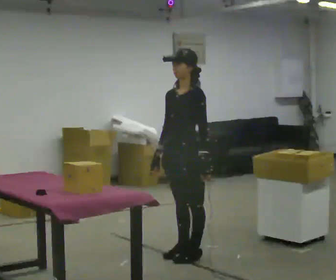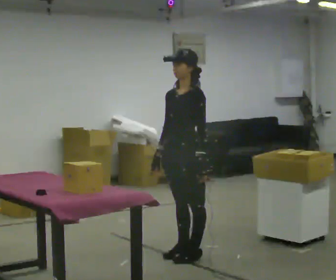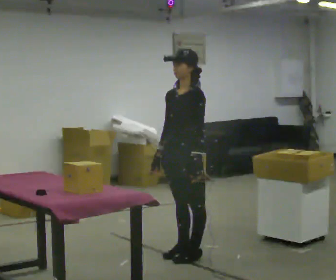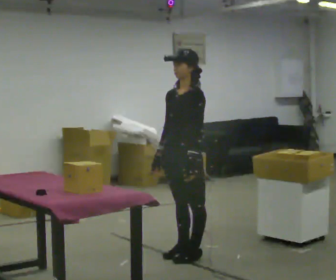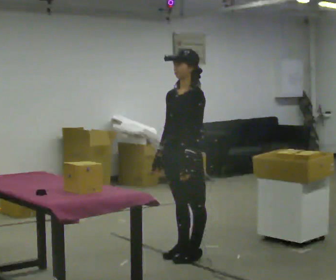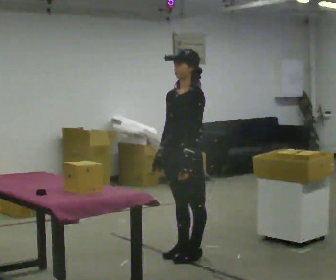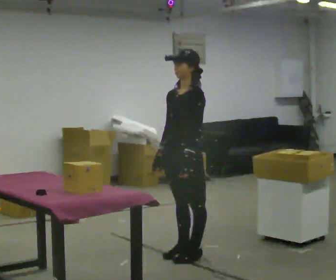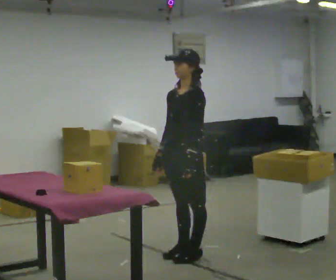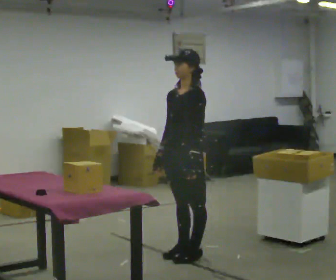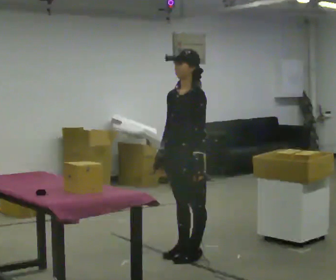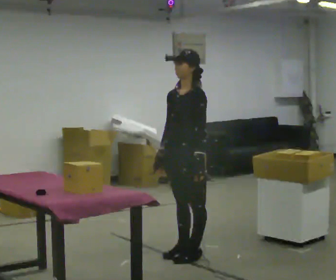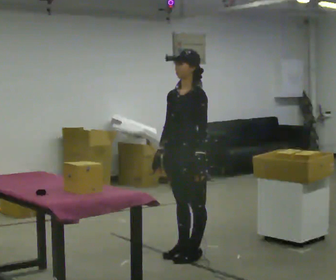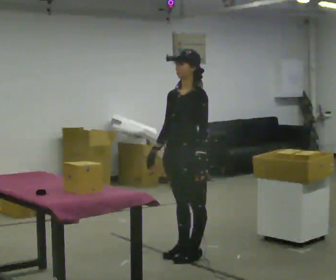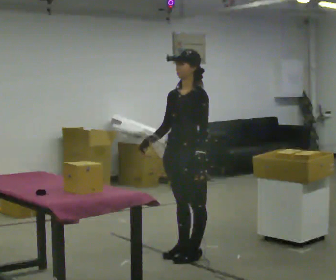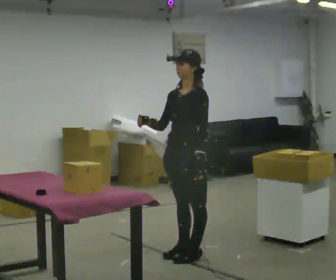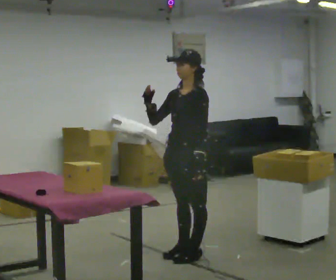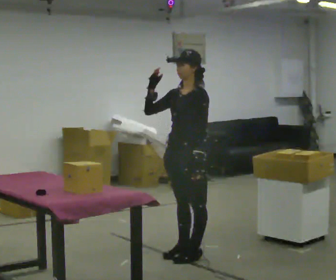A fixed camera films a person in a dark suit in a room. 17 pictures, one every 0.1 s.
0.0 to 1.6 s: In the picture their right hand goes upward.
The film runs forward here.
